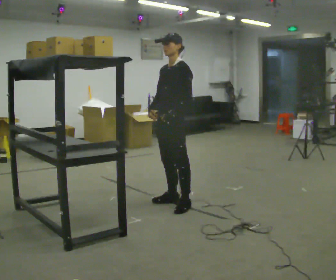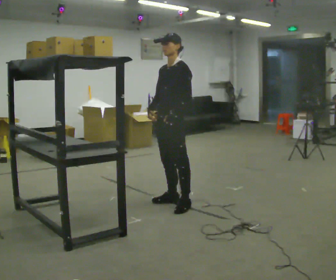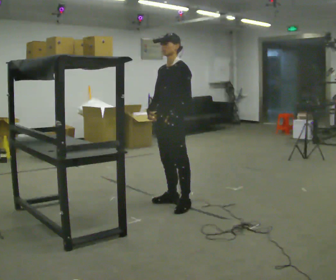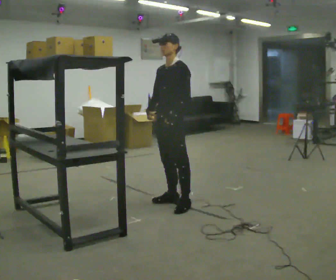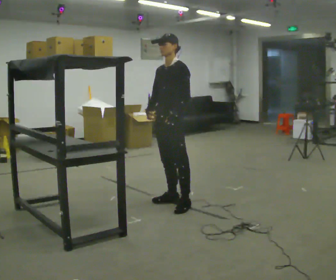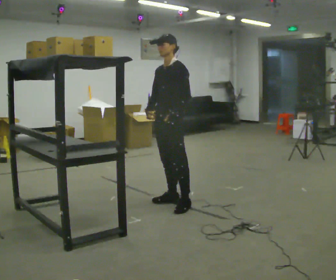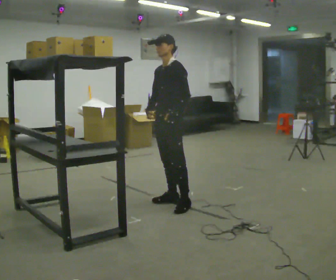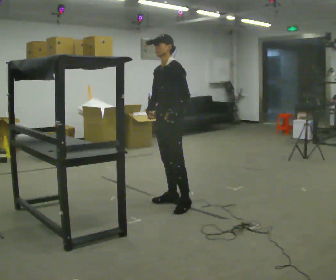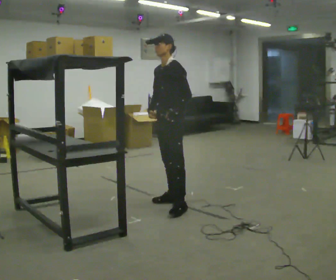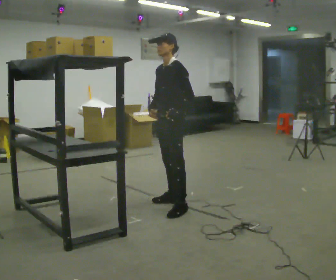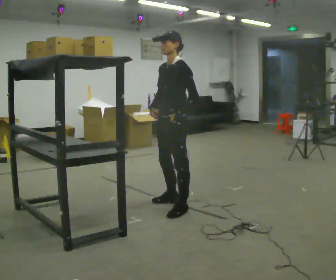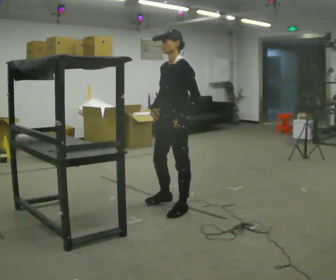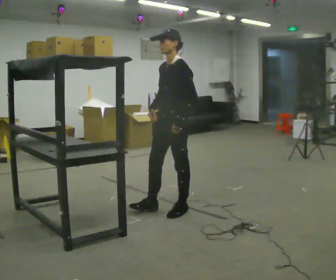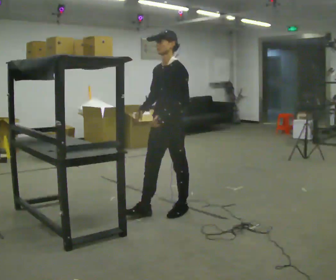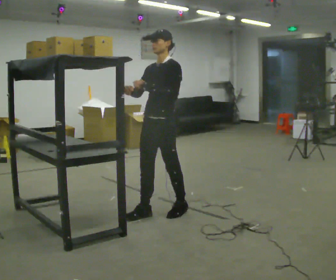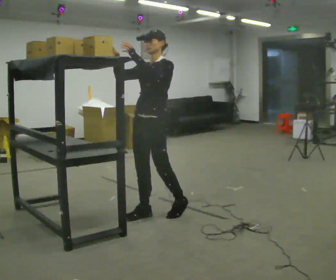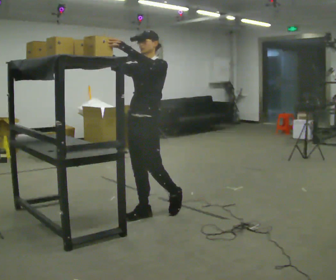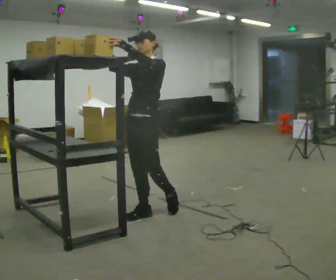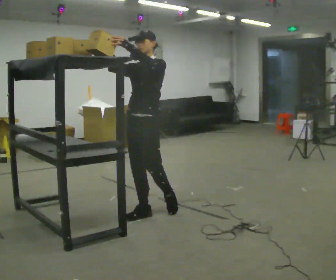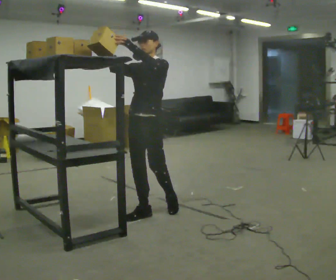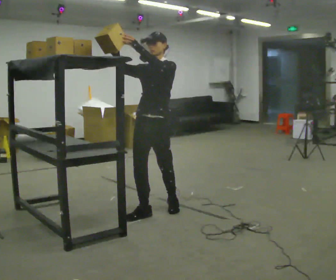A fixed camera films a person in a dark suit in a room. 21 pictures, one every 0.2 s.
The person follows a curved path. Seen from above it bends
clockwise.
Their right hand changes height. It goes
upward.
0.0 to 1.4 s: The person moves a little, or ends about where they began.
1.4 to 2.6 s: In the picture they go toward the camera, about 0.25 m in 1 step, which for them is to their left and forward.
2.6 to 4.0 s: In the picture they go to the left, about 0.25 m, which for them is to their right. In the picture their right hand goes upward, the arm swinging clockwise.
The film runs backward here.
